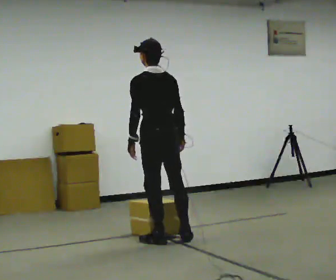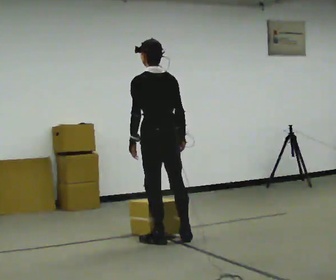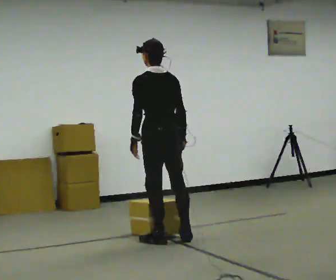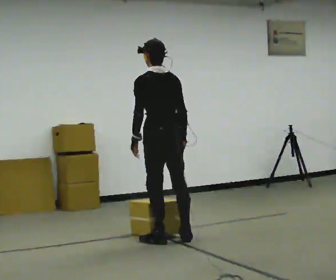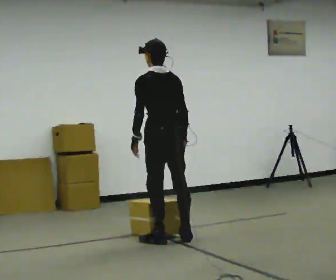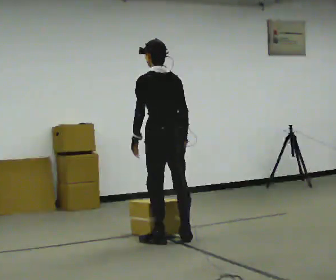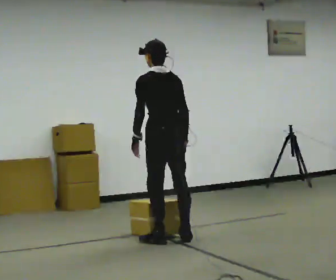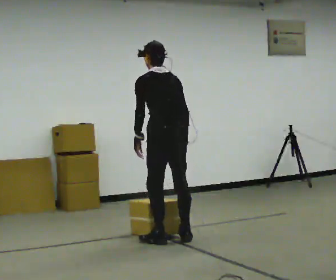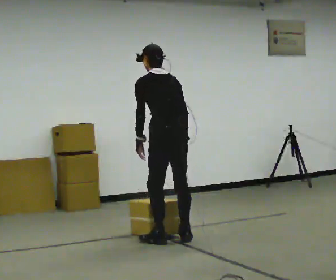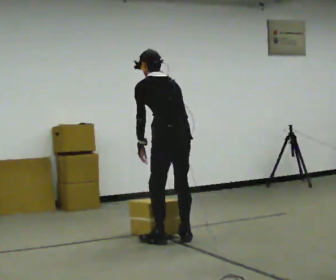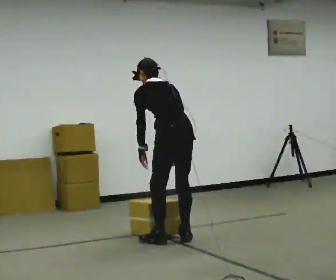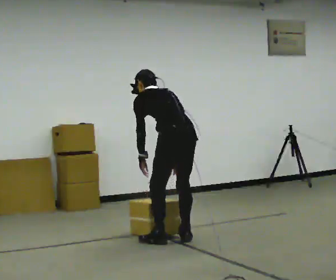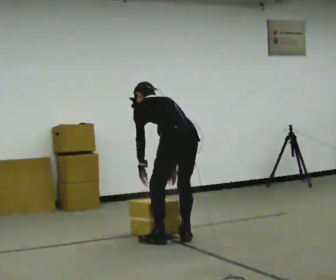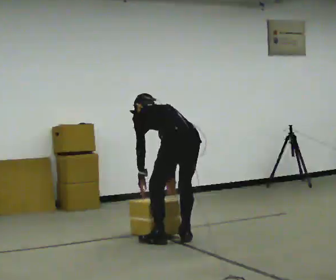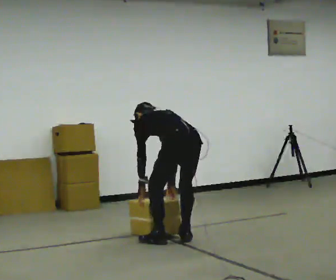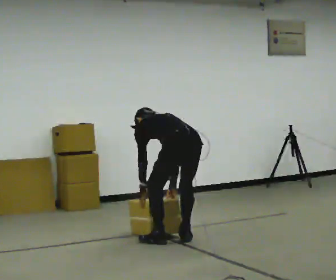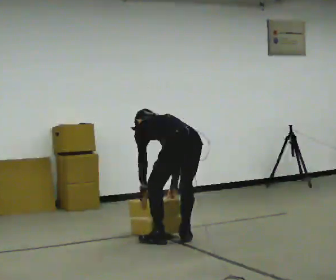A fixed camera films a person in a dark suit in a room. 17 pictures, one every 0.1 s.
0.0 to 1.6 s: In the picture they go to the right, about 0.25 m, which for them is backward. The upper body goes downward. The upper body tips away from the camera, its near side rolling upward, as they bend forward. In the picture their right hand goes downward.
The film runs backward here.
